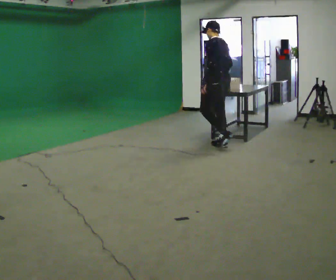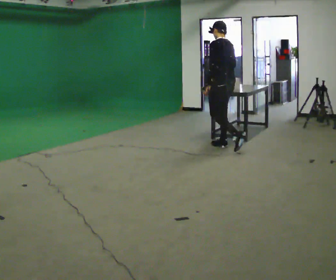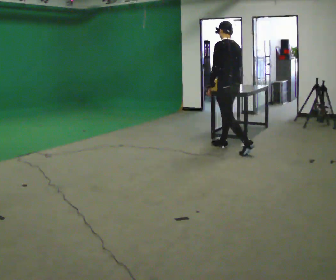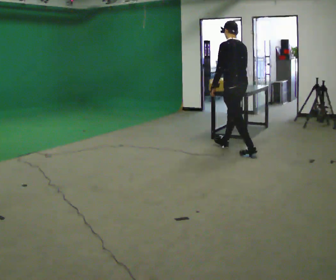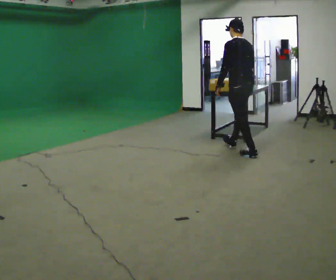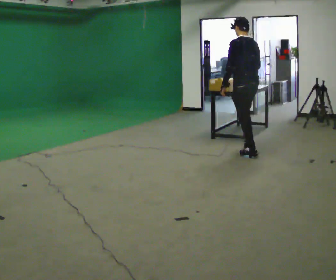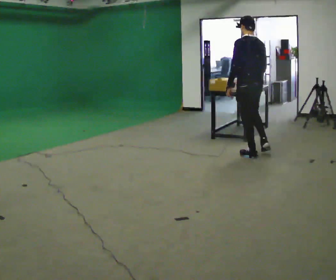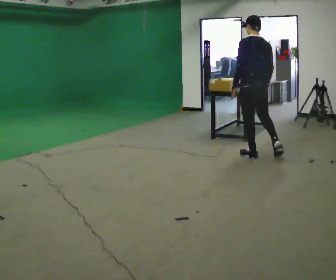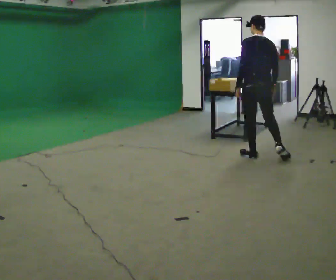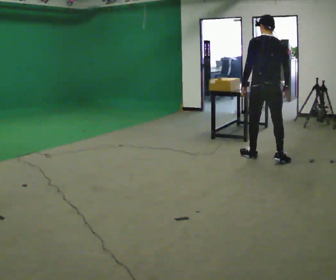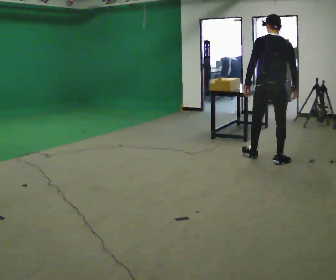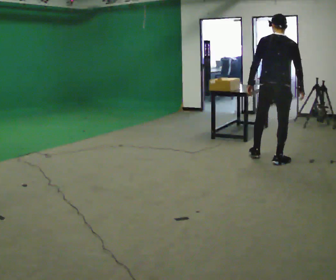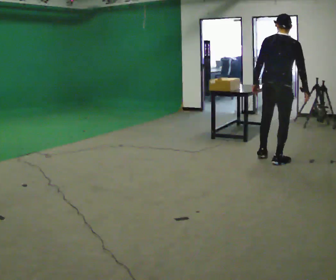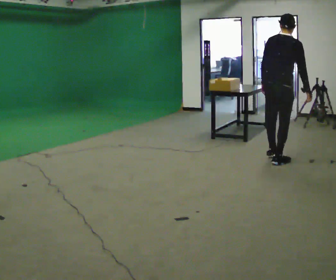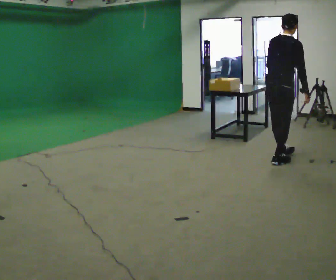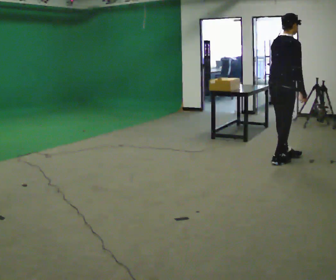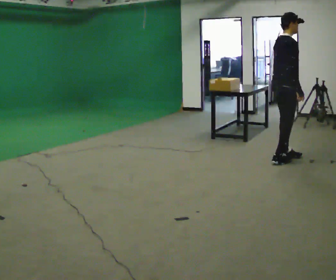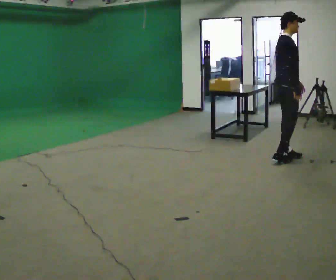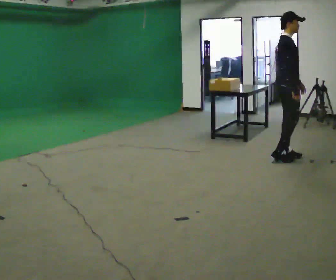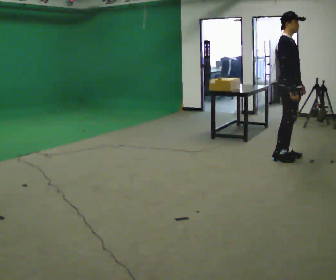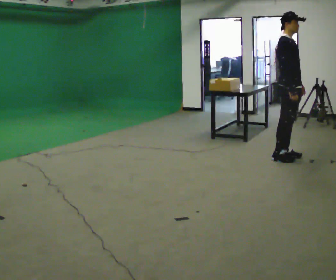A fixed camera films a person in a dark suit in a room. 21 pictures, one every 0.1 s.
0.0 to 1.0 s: The part of the body nearest the lens slides to the left as the person turns to their right by about 60 degrees. In the picture they go to the right and toward the camera, about 1 m in 1 step, which for them is backward.
1.0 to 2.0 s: The person turns about 120 degrees to their right, clockwise seen from above, so the part of the body nearest the lens slides to the left. In the picture they go to the right, about 0.25 m in 2 steps. In the picture their left hand goes to the right, the arm swinging counterclockwise.
The film runs backward here.
